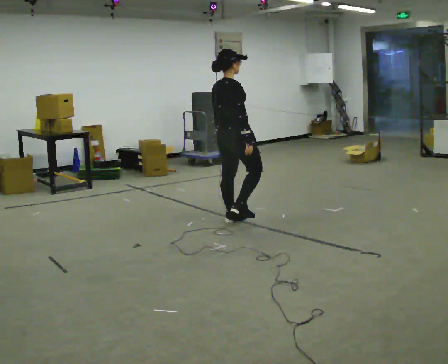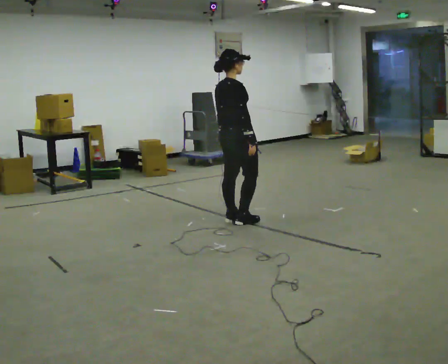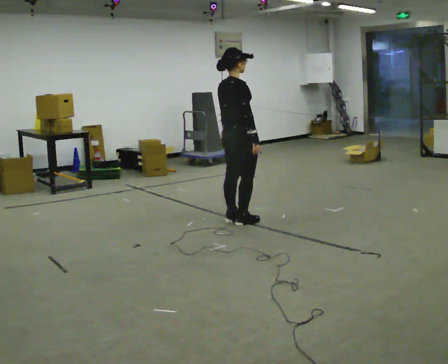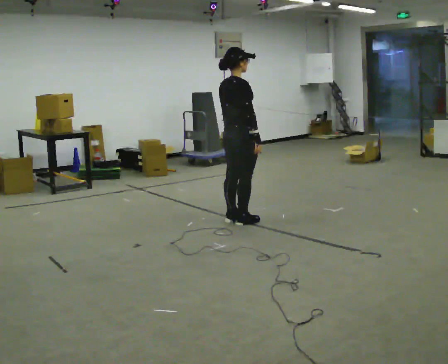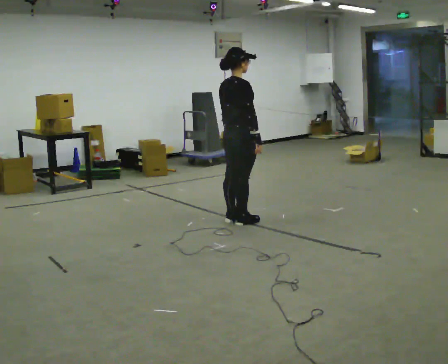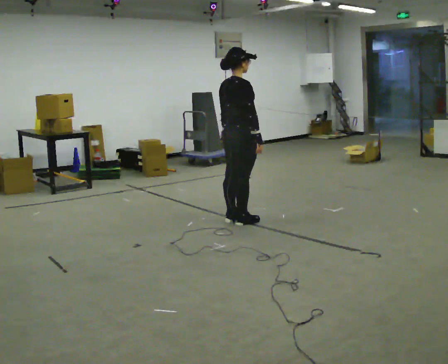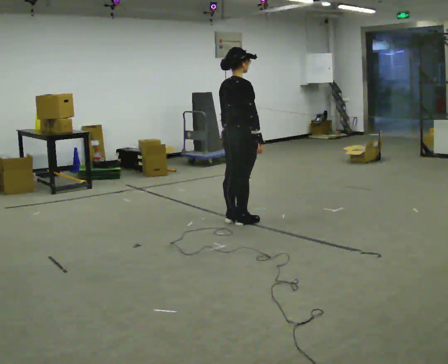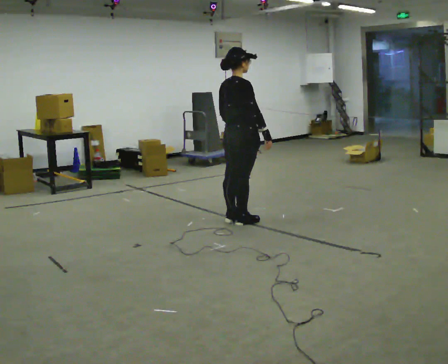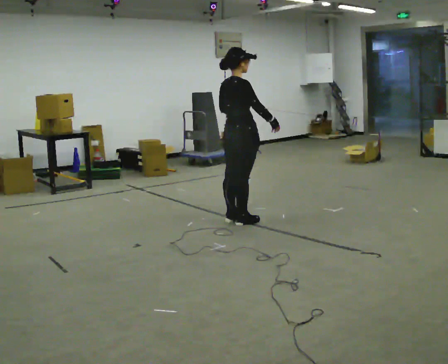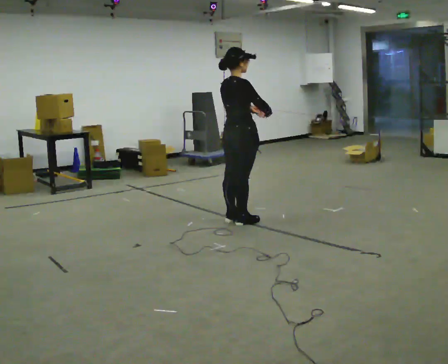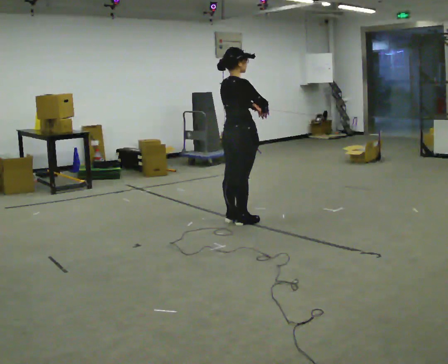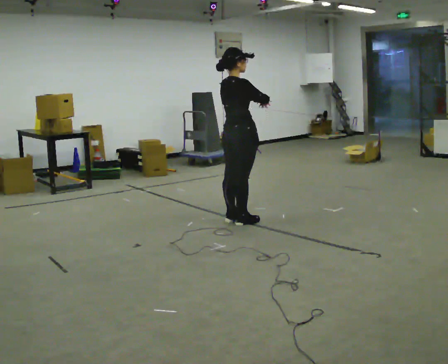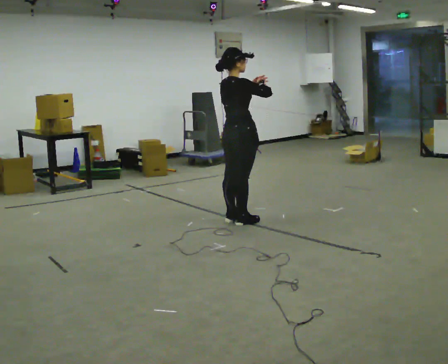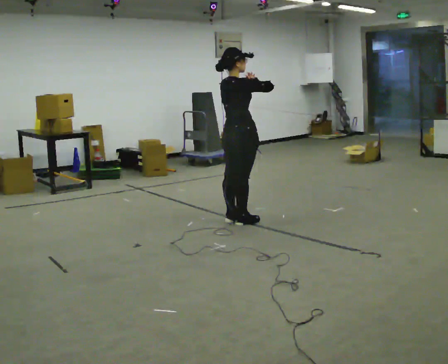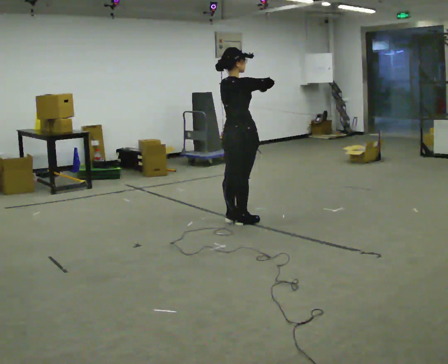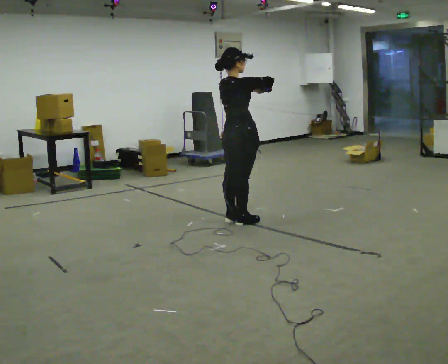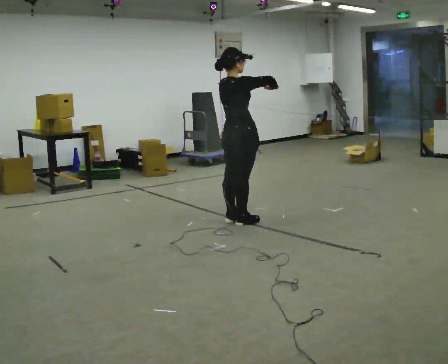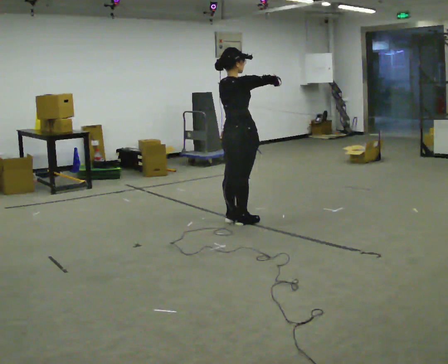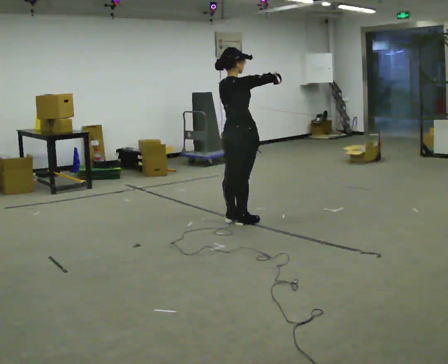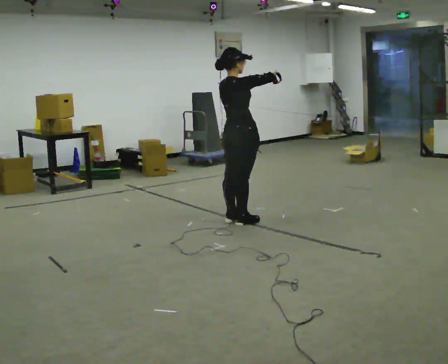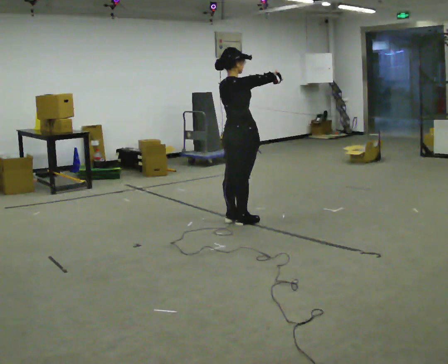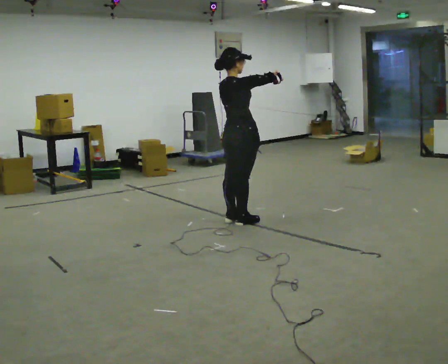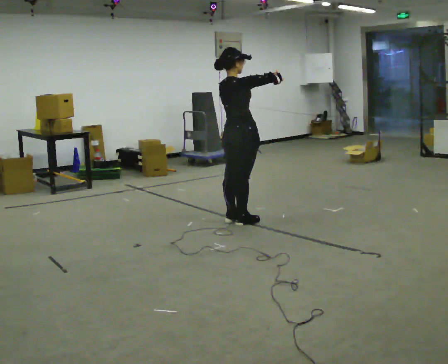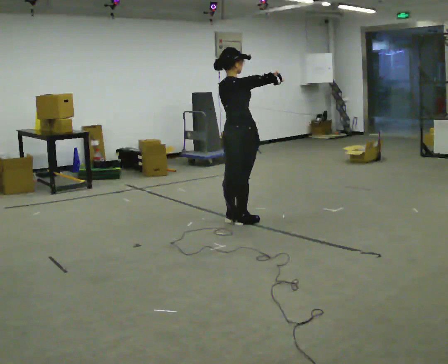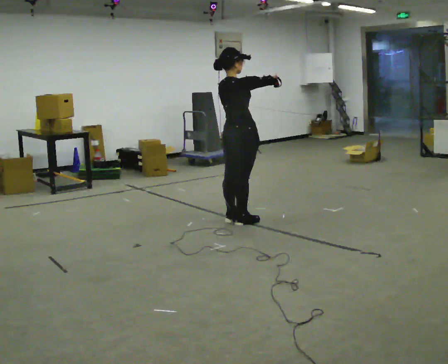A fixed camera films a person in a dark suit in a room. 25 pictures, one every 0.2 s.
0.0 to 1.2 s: The person moves a little, or ends about where they began.
1.2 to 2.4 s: In the picture their right hand goes upward.
2.4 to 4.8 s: The person moves a little, or ends about where they began.
The film runs forward here.
